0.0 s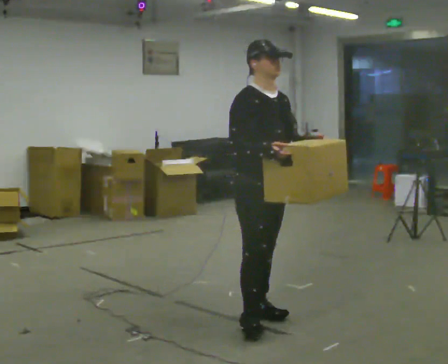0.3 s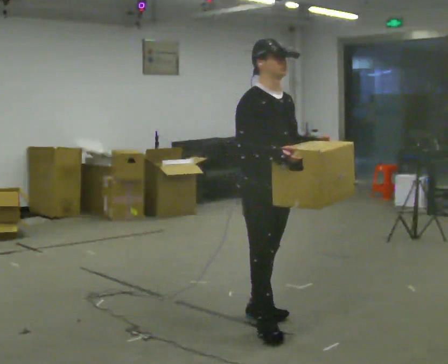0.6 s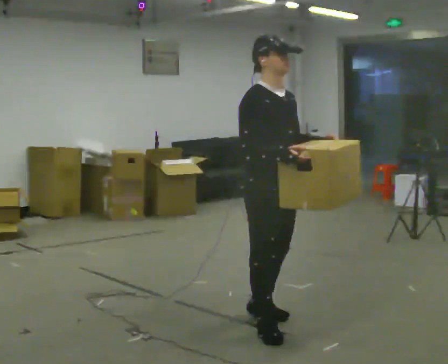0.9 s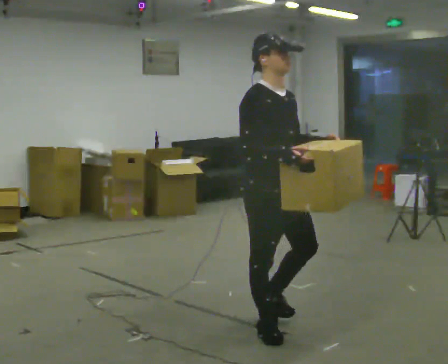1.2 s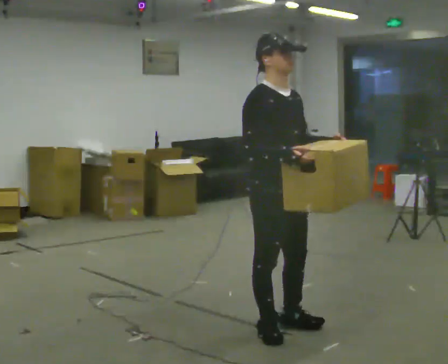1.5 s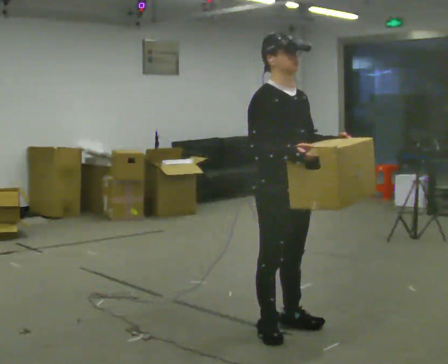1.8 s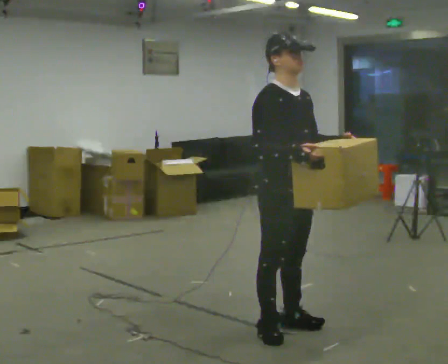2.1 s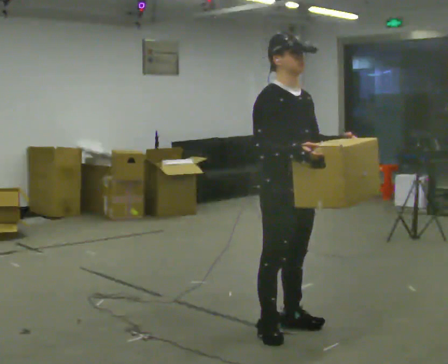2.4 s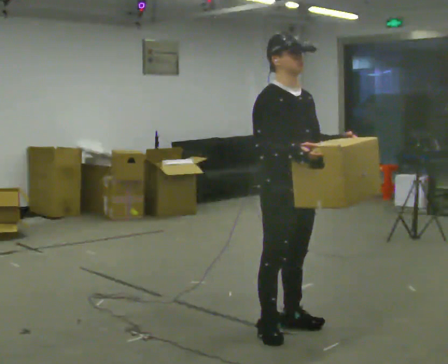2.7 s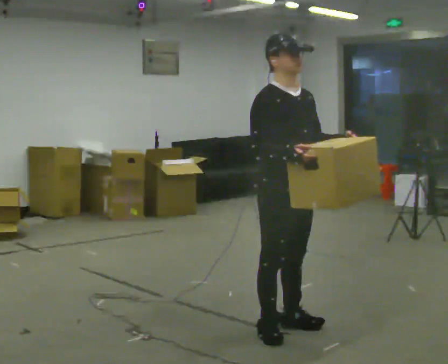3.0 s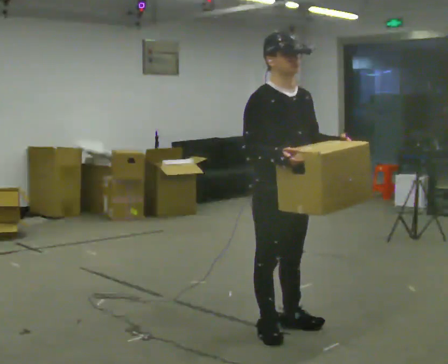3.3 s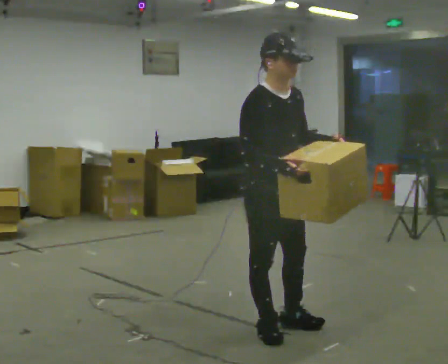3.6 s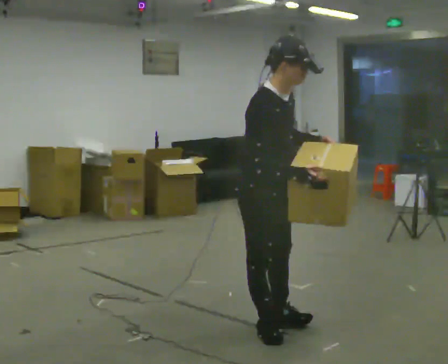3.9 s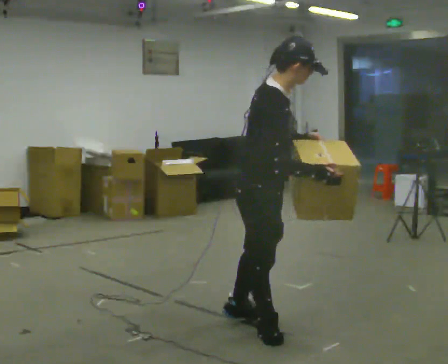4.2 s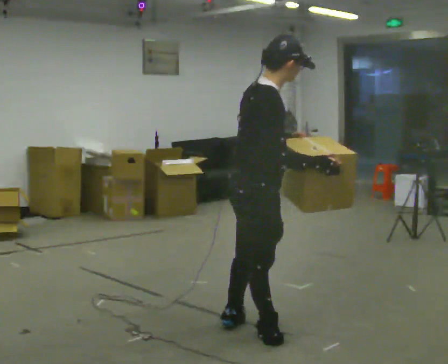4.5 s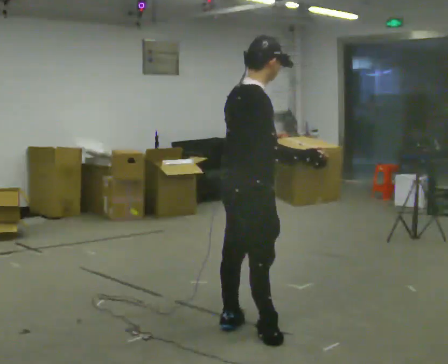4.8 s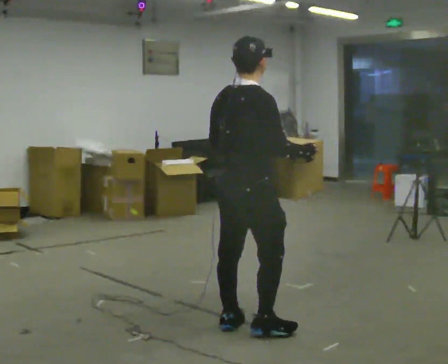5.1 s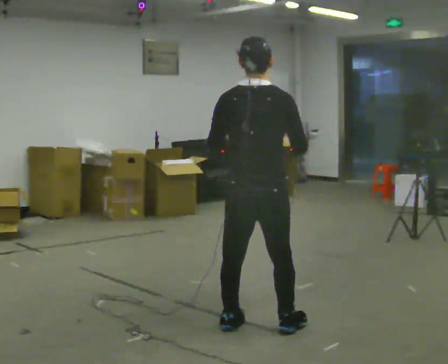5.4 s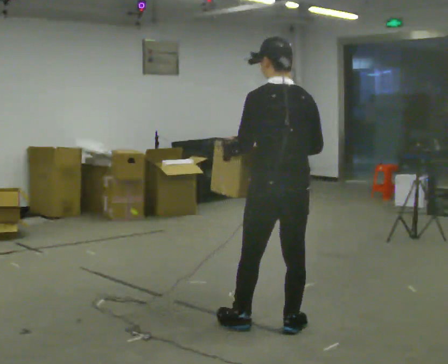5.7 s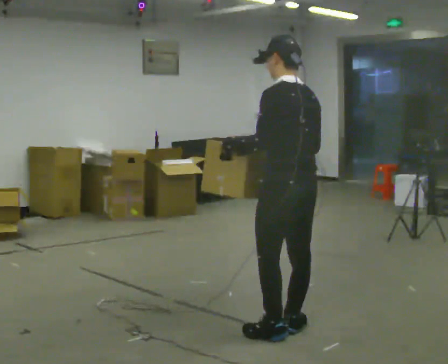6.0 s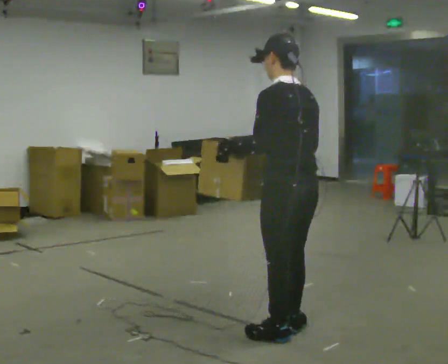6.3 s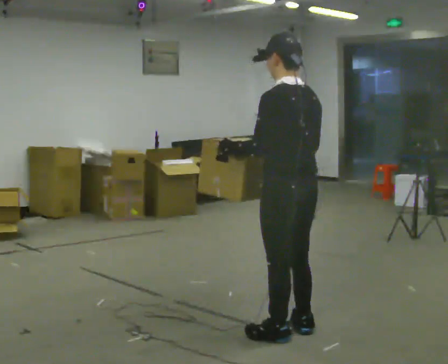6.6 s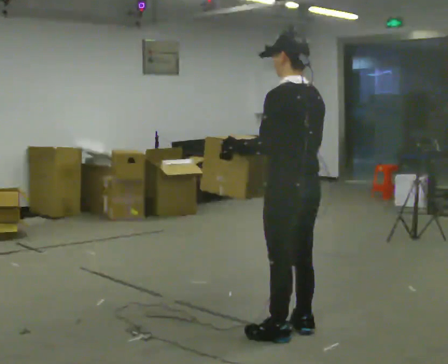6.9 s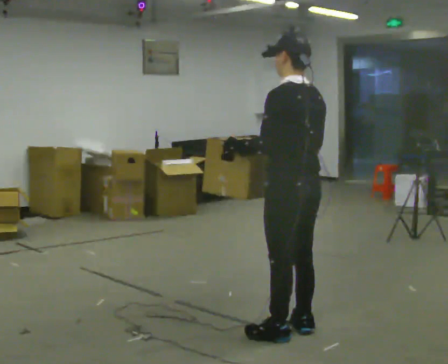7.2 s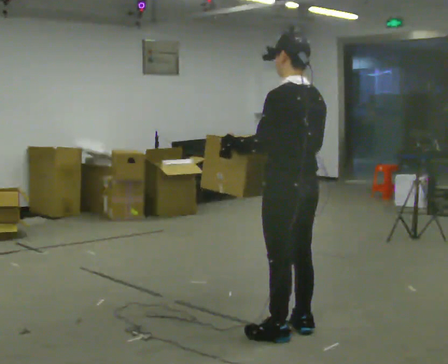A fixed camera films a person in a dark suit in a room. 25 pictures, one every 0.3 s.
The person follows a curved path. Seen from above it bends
counterclockwise.
The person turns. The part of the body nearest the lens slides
to the right.
0.0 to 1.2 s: In the picture they go toward the camera, about 0.25 m in 2 steps, which for them is forward and to their right.
1.2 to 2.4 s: The person moves a little, or ends about where they began.
2.4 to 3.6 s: The upper body tips toward the camera, its near side rolling downward, as they bend forward.
3.6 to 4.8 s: The person turns about 60 degrees to their left, counterclockwise seen from above, so the part of the body nearest the lens slides to the right.
4.8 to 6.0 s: The person turns about 90 degrees to their left, counterclockwise seen from above, so the part of the body nearest the lens slides to the right. In the picture they go to the right and toward the camera, about 0.25 m in 2 steps.
6.0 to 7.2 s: The person moves a little, or ends about where they began.
The film runs forward here.
